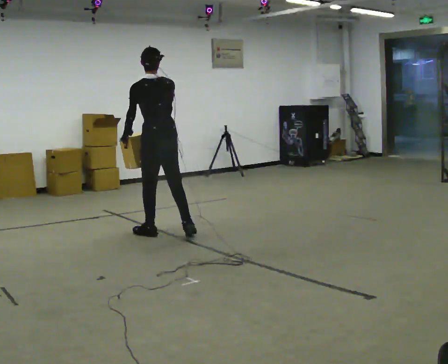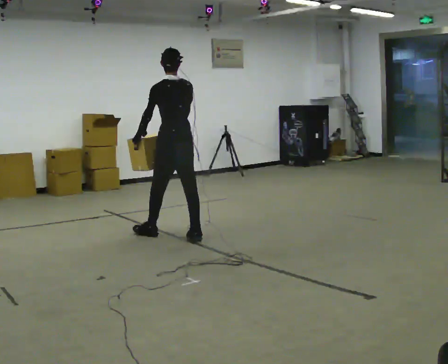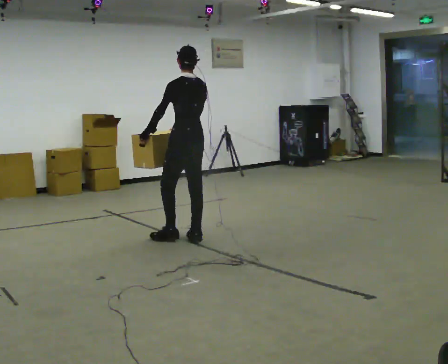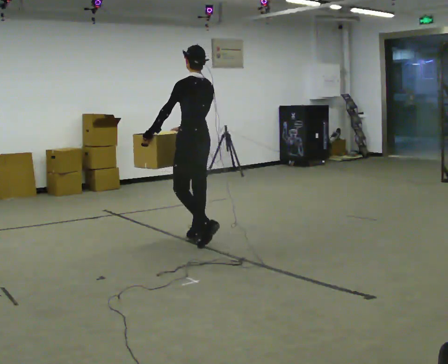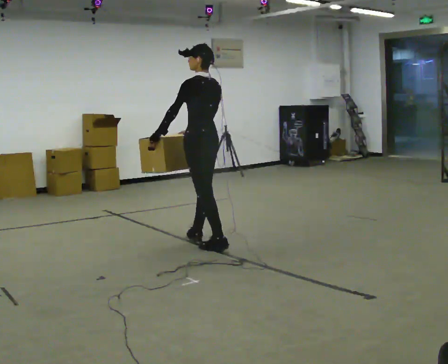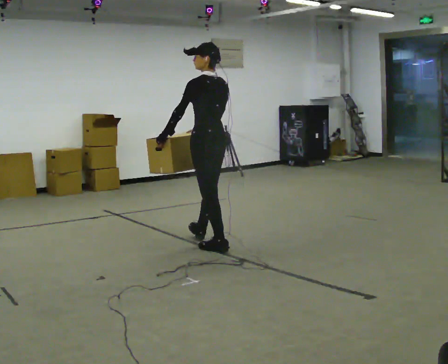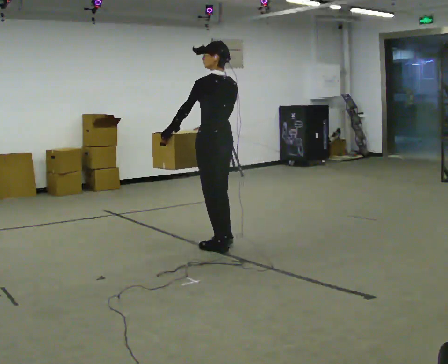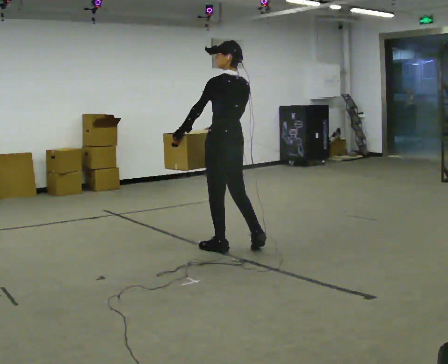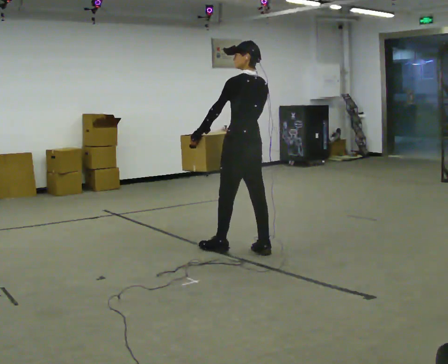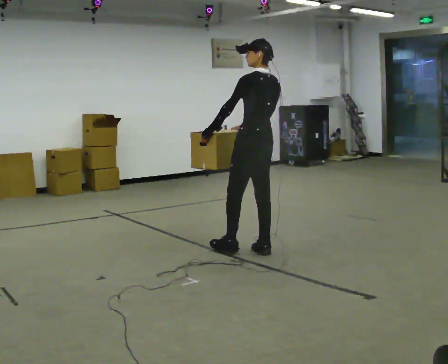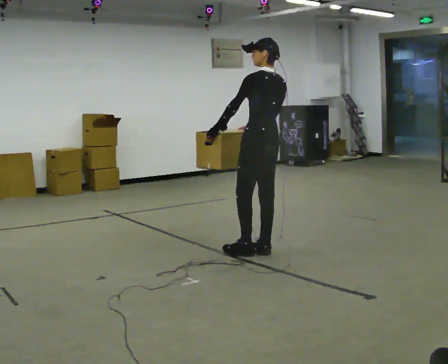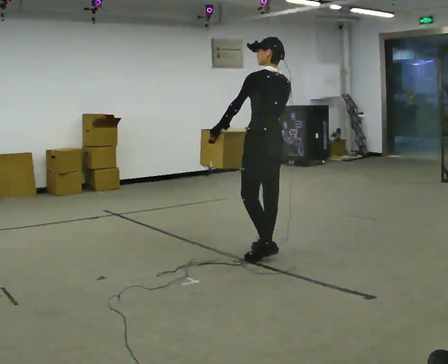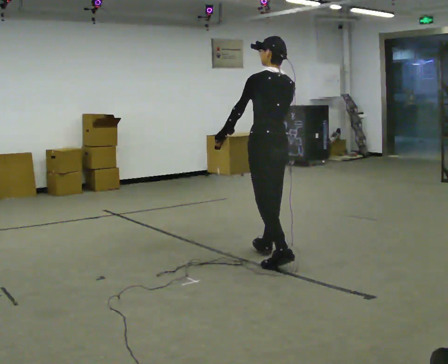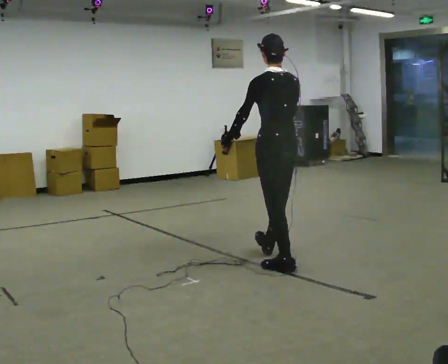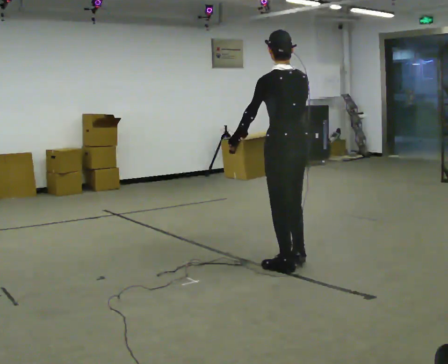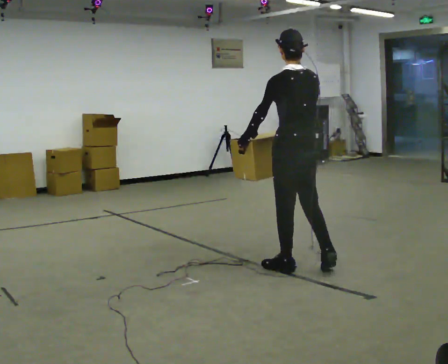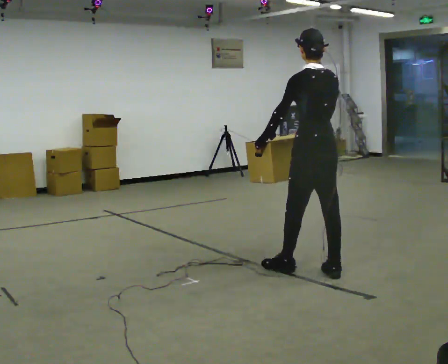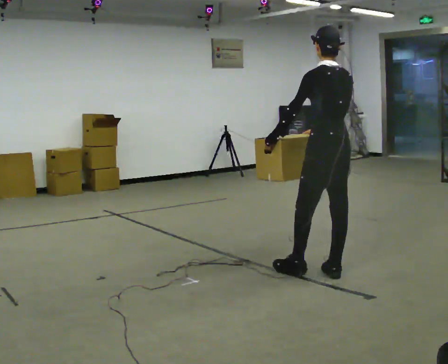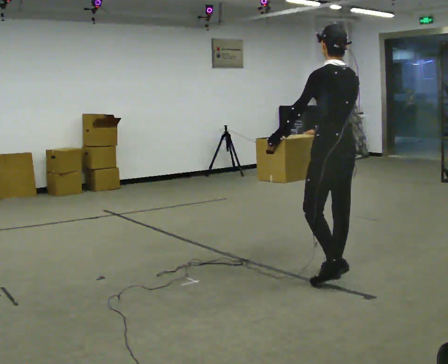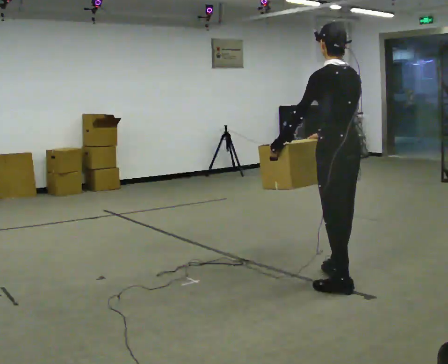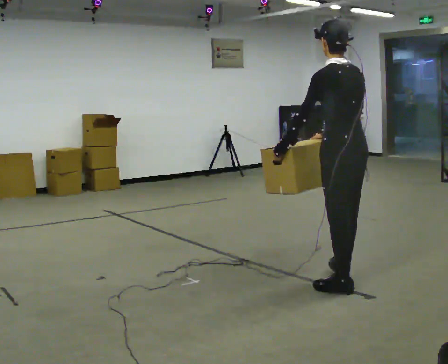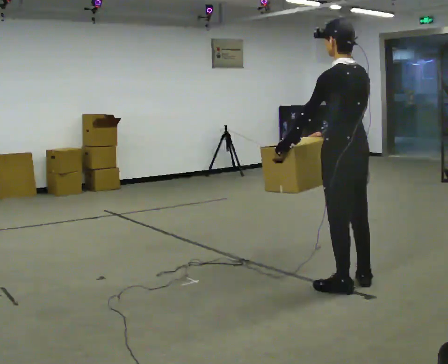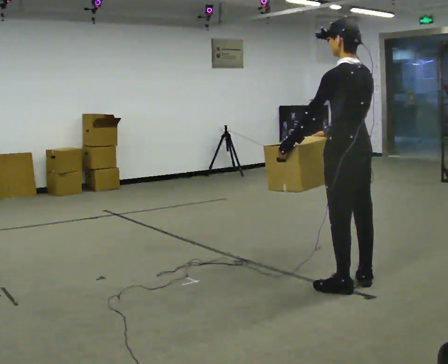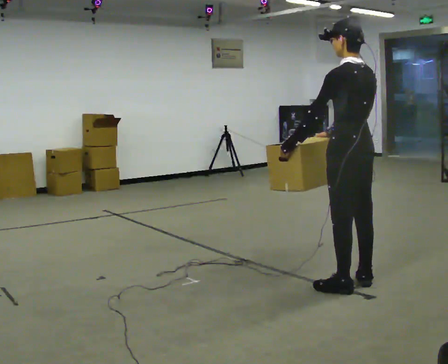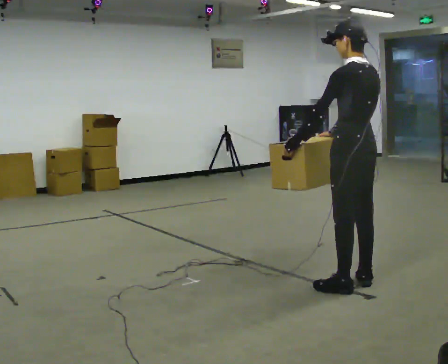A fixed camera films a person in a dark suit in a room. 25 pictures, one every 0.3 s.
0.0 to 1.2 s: In the picture they go to the right and toward the camera, about 0.5 m in 1 step, which for them is backward.
1.2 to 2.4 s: In the picture they go to the right and toward the camera, about 0.5 m in 1 step, which for them is backward.
2.4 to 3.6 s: In the picture they go toward the camera and to the right, about 0.25 m in 1 step, which for them is backward.
3.6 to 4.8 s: In the picture they go toward the camera and to the right, about 0.5 m in 1 step, which for them is backward.
4.8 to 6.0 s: In the picture they go toward the camera and to the right, about 0.5 m in 2 steps, which for them is backward.
6.0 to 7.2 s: The person moves a little, or ends about where they began.
The film runs backward here.
